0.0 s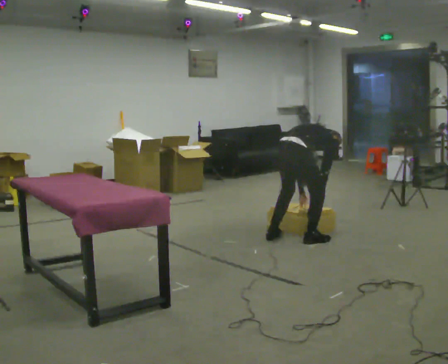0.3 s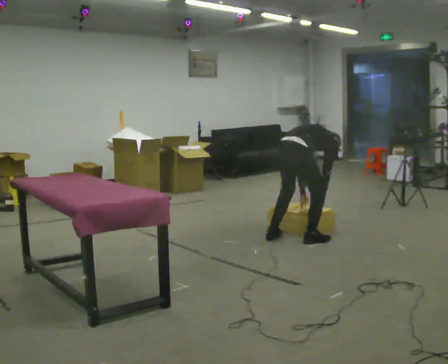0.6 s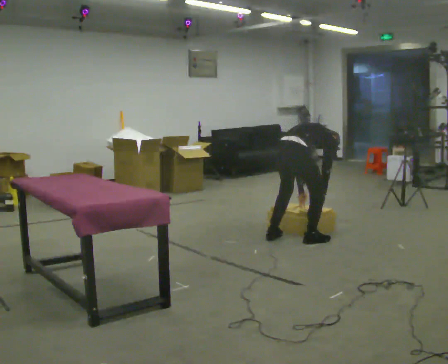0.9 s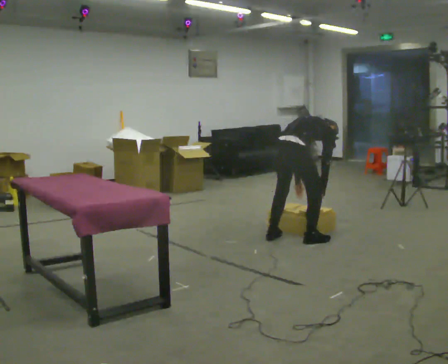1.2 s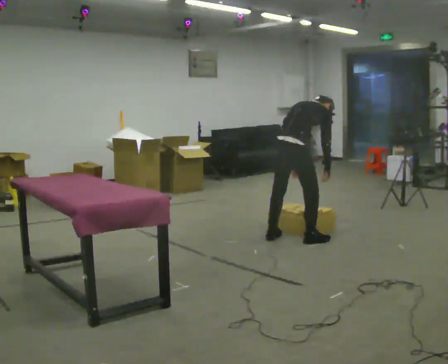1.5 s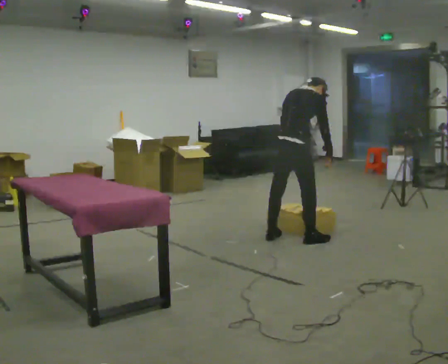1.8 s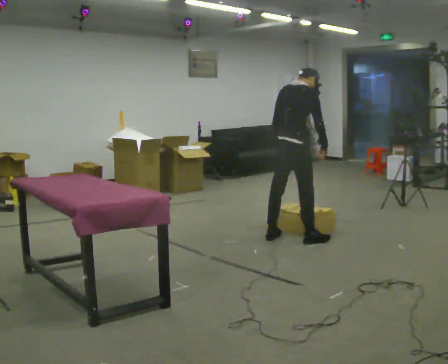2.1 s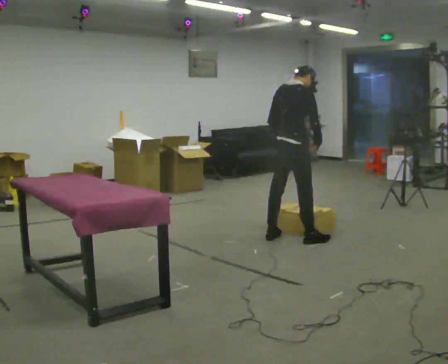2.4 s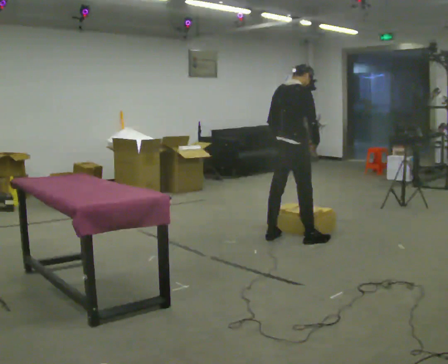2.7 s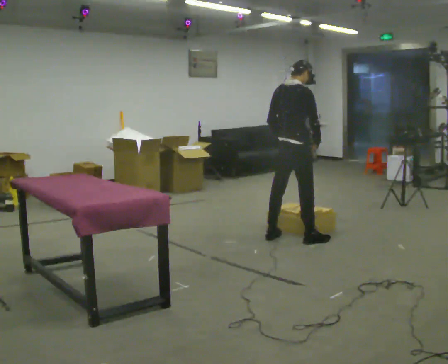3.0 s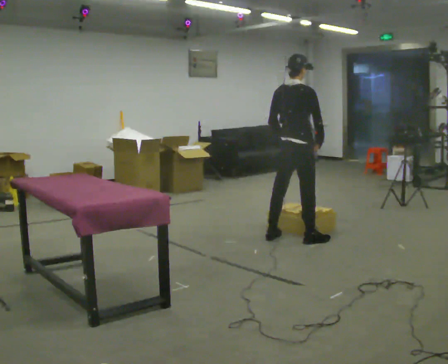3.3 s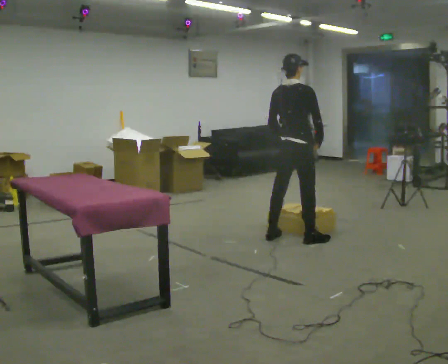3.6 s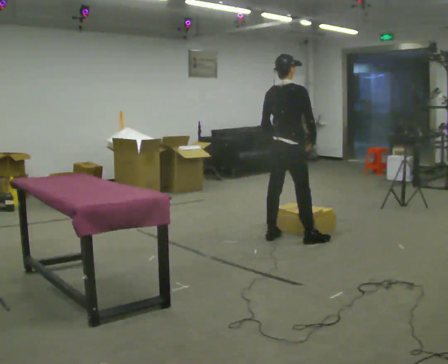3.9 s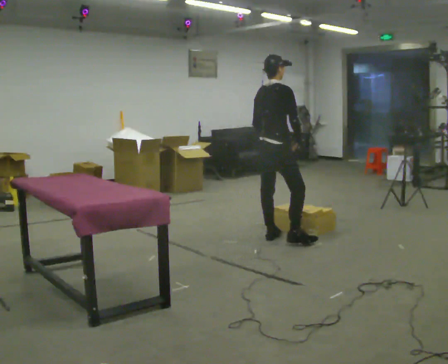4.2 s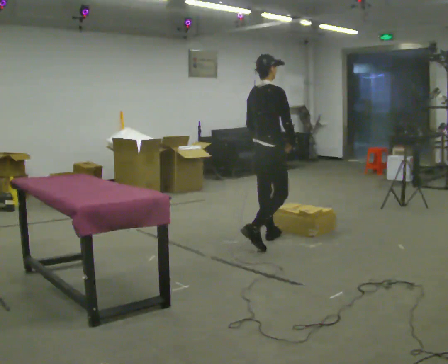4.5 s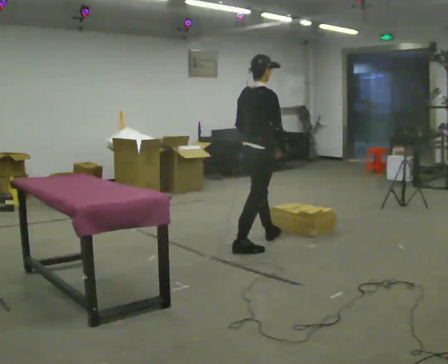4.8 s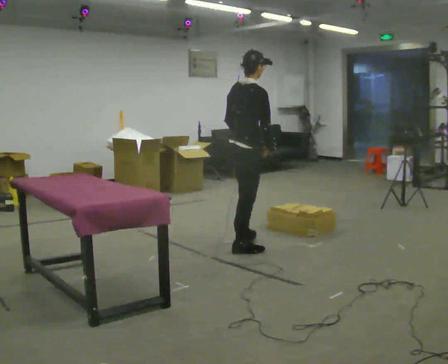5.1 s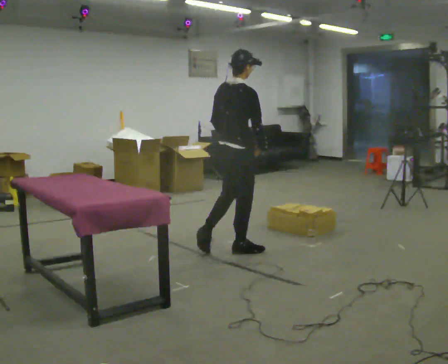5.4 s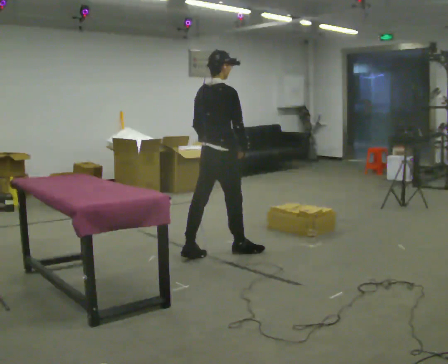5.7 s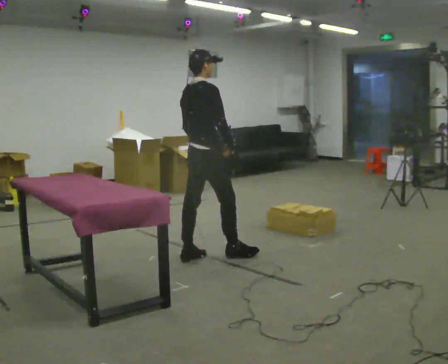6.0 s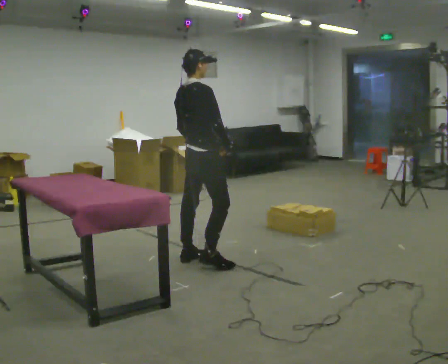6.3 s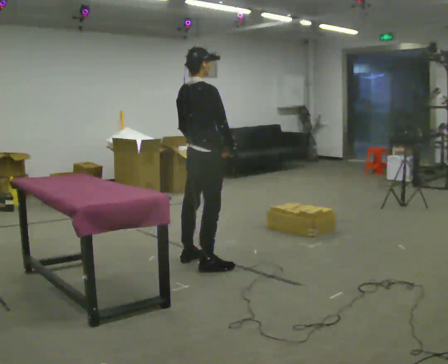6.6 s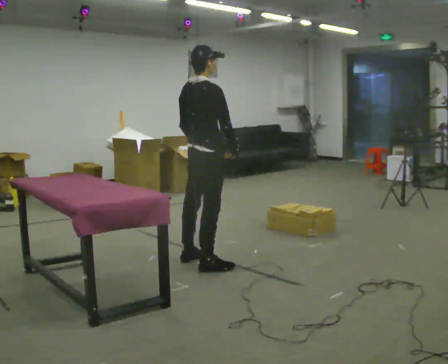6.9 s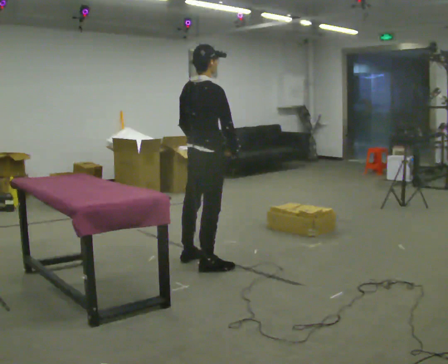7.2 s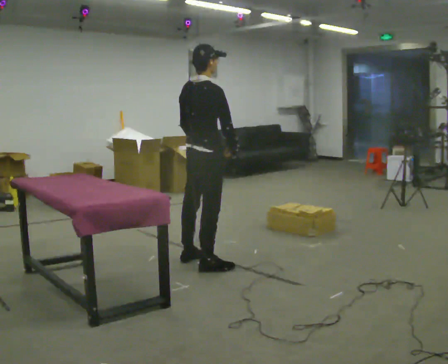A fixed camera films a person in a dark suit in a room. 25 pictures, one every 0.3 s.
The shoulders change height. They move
upward.
0.0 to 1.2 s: The shoulders move upward. The upper body tips toward the camera, its near side rolling downward, as they lean back or straighten.
1.2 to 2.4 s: The shoulders move upward. The upper body tips toward the camera, its near side rolling downward, as they lean back or straighten.
2.4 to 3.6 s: The person moves a little, or ends about where they began.
3.6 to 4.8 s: In the picture they go to the left and toward the camera, about 0.5 m in 2 steps, which for them is backward.
4.8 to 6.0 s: In the picture they go to the left and toward the camera, about 0.5 m in 1 step, which for them is backward.
6.0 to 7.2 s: In the picture they go toward the camera, about 0.25 m, which for them is to their right.
The film runs backward here.
